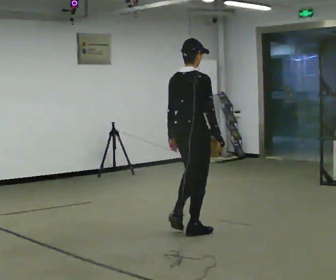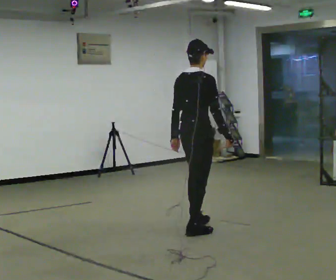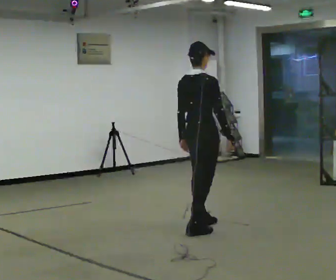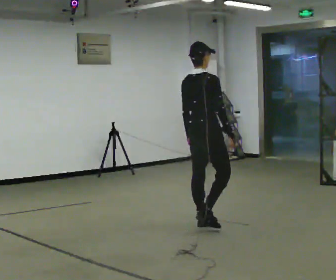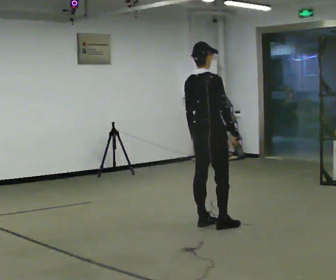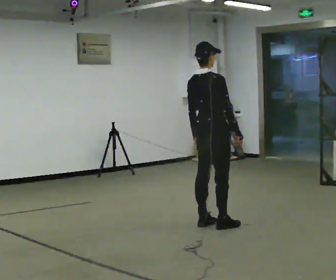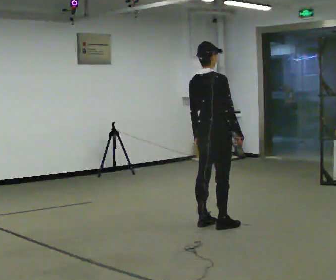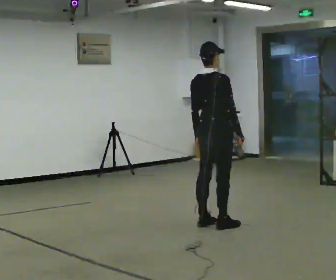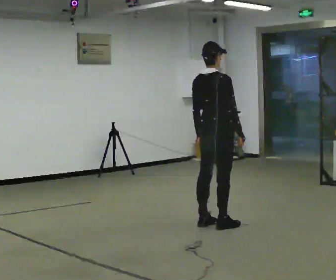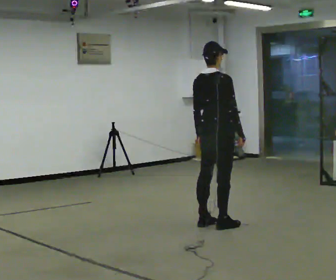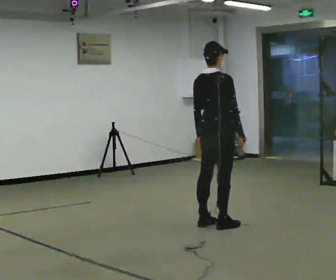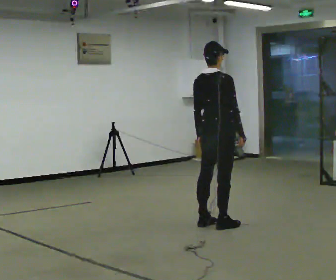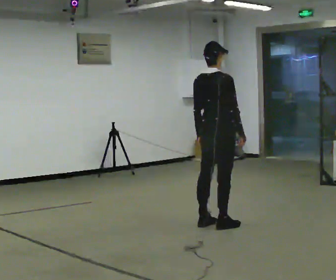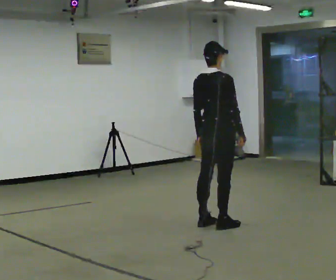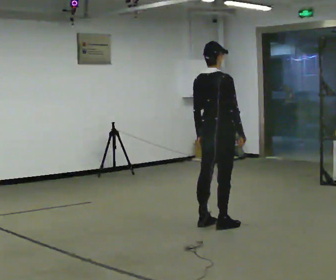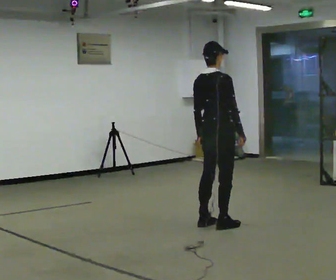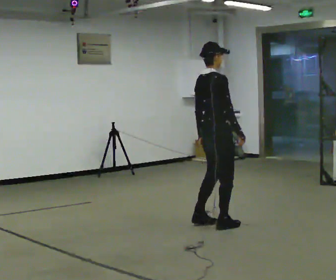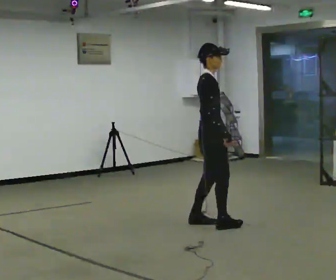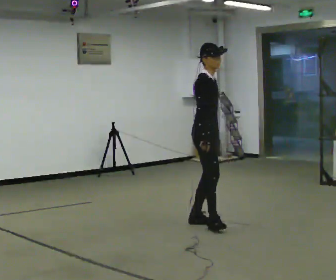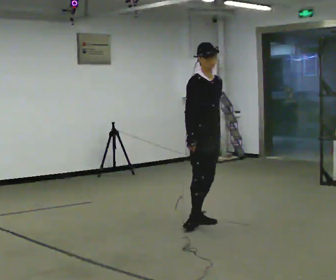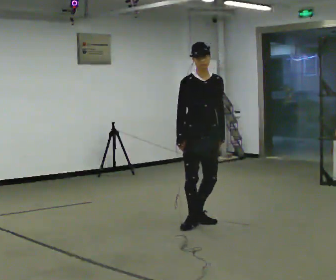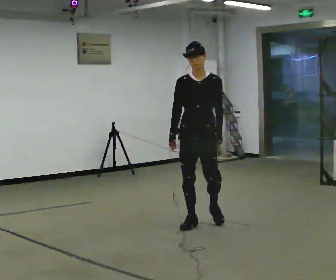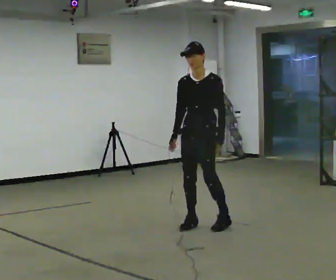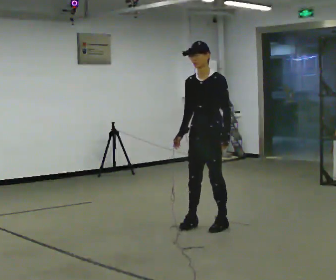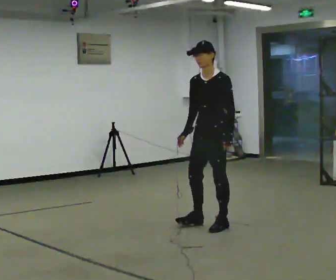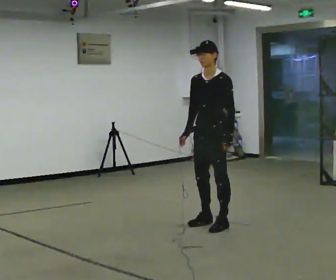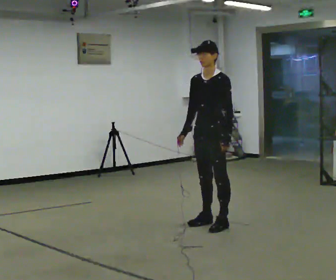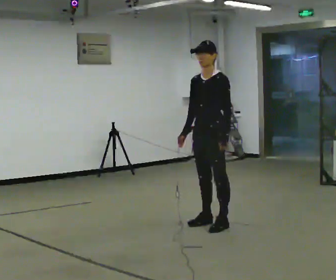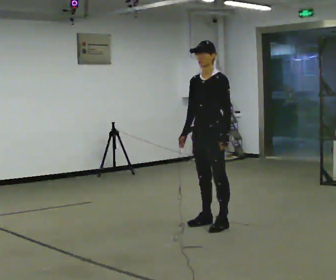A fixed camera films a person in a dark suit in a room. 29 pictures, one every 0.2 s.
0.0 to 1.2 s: In the picture they go away from the camera and to the right, about 0.5 m in 2 steps, which for them is forward.
1.2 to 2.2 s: The person moves a little, or ends about where they began.
2.2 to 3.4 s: Seen from above the body turns clockwise, about 45 degrees: to their right, with its near side sliding to the left.
3.4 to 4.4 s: The part of the body nearest the lens slides to the left as the person turns to their right by about 120 degrees. In the picture their right hand goes to the left, the arm swinging clockwise.
4.4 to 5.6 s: The person moves a little, or ends about where they began.
The film runs forward here.
